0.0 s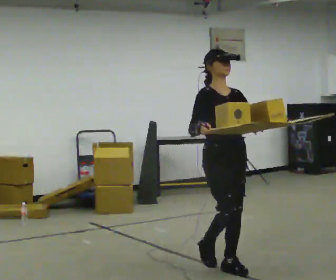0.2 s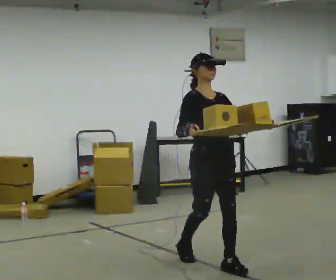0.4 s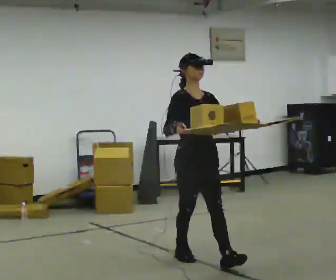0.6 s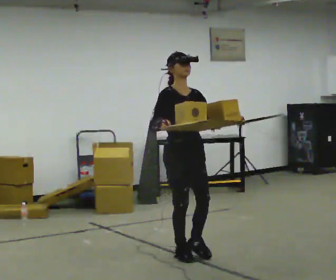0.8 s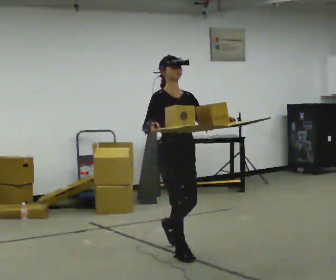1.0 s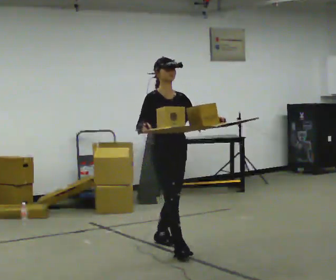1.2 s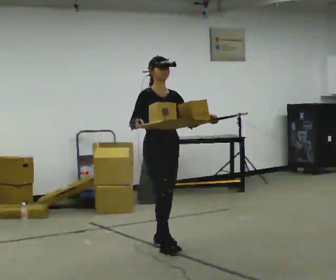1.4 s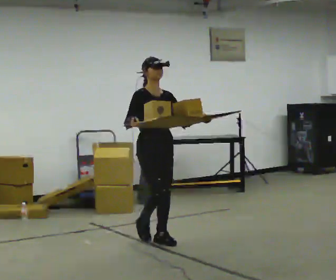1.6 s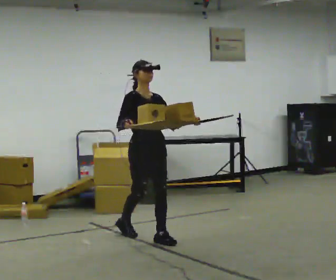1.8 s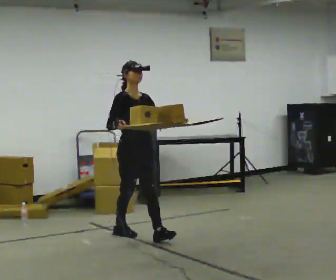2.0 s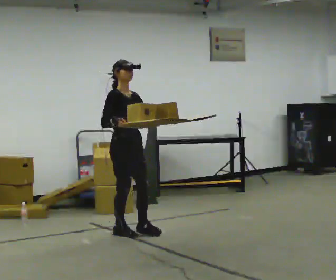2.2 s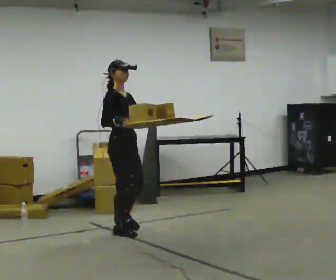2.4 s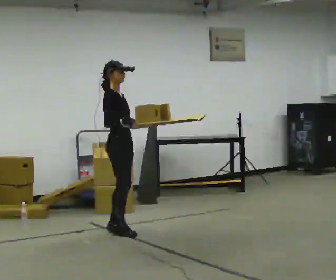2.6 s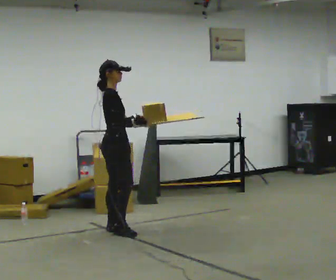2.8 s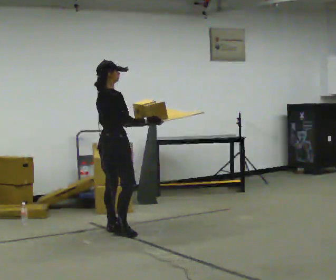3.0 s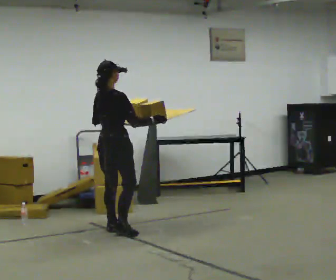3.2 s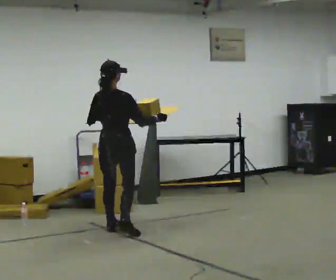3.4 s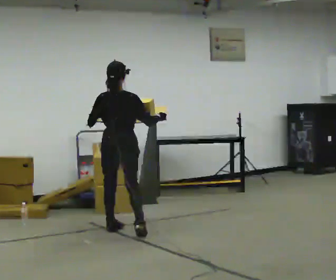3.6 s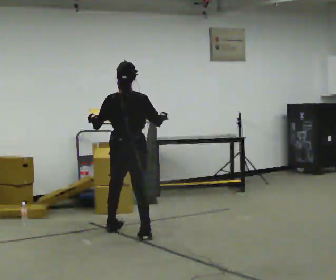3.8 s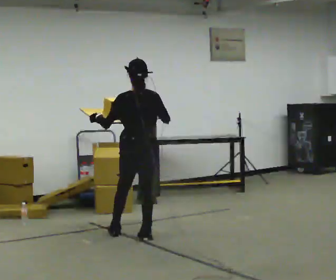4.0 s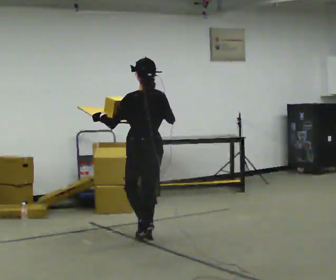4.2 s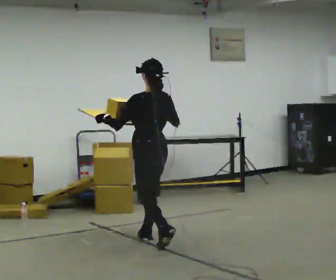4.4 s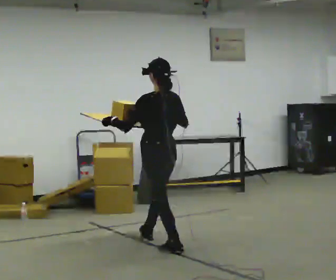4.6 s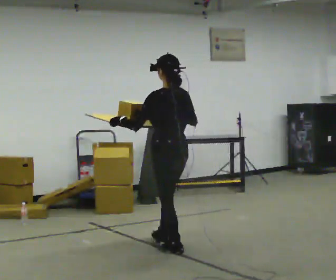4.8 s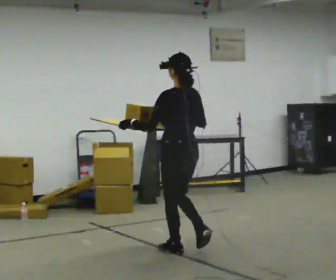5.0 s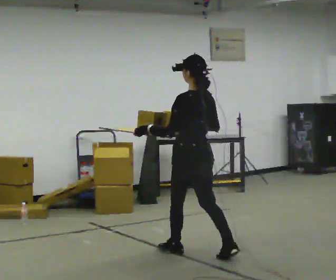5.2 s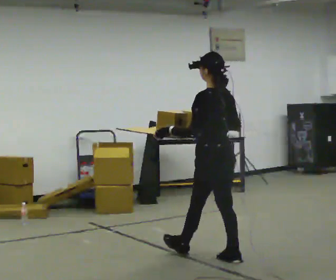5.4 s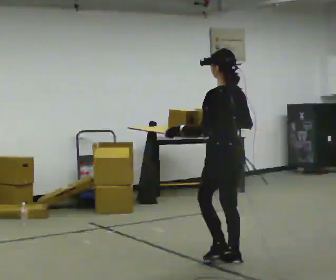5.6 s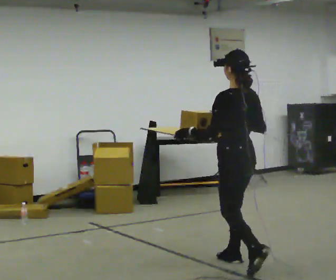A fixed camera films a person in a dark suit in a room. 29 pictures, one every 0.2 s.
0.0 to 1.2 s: In the picture they go away from the camera and to the left, about 1 m in 2 steps, which for them is backward.
1.2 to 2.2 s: The part of the body nearest the lens slides to the right as the person turns to their left by about 30 degrees. In the picture they go away from the camera and to the left, about 0.5 m in 1 step, which for them is backward.
2.2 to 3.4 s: The part of the body nearest the lens slides to the right as the person turns to their left by about 105 degrees. In the picture their right hand goes to the right.
3.4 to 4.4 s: The part of the body nearest the lens slides to the right as the person turns to their left by about 45 degrees. In the picture they go toward the camera and to the right, about 0.75 m in 1 step, which for them is backward.
4.4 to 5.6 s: In the picture they go toward the camera and to the right, about 1 m in 2 steps, which for them is backward.
The film runs backward here.
